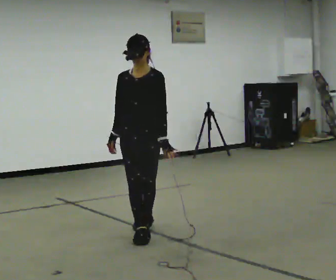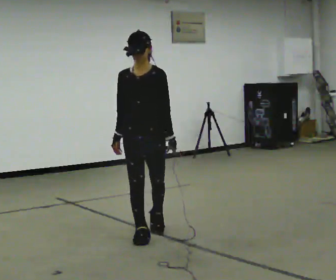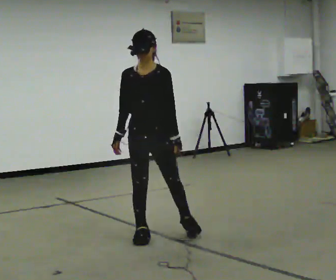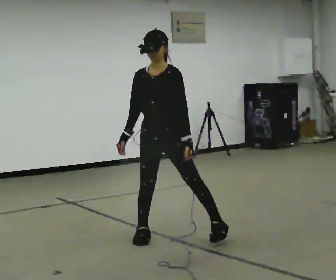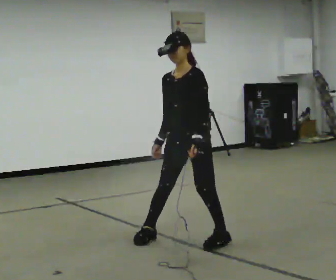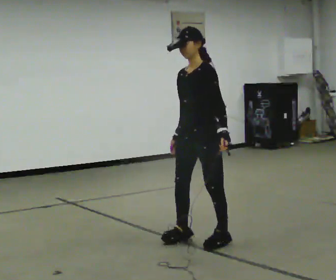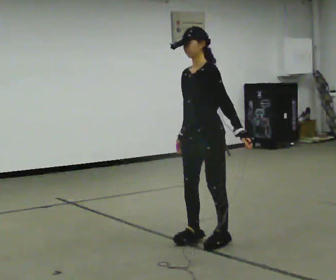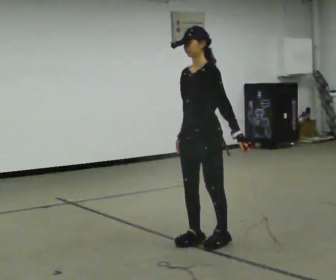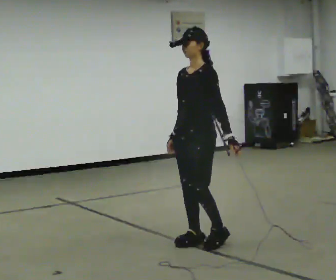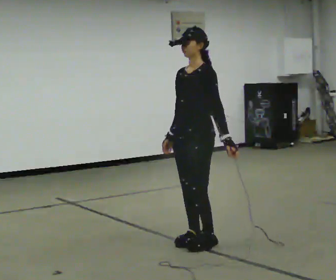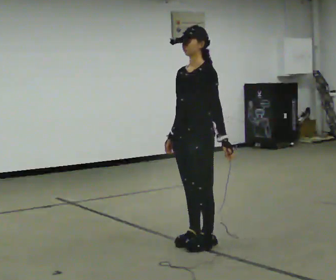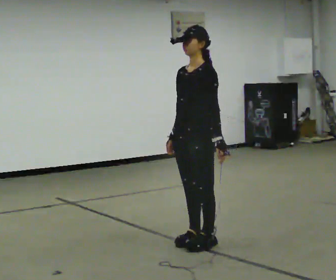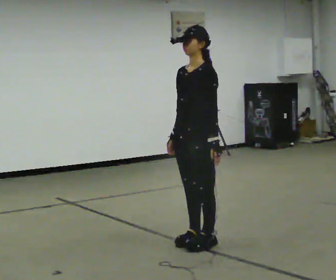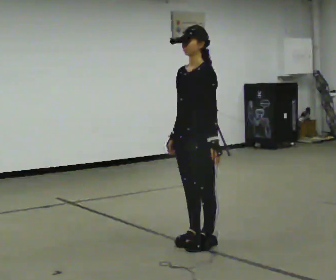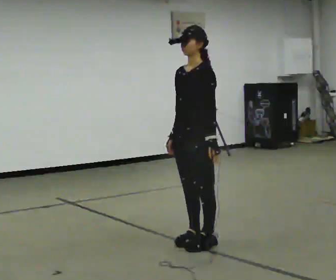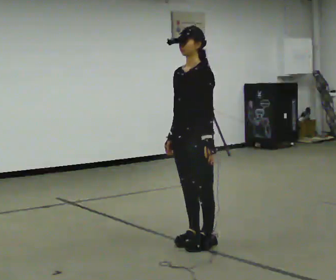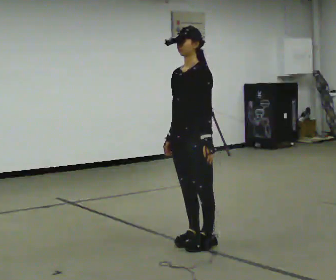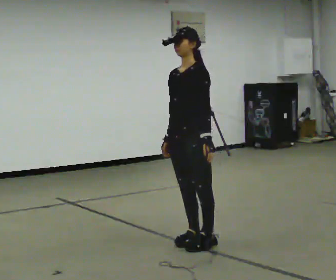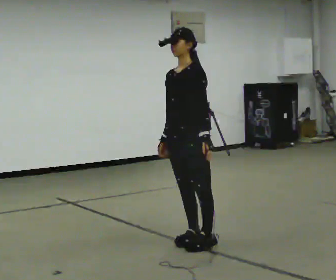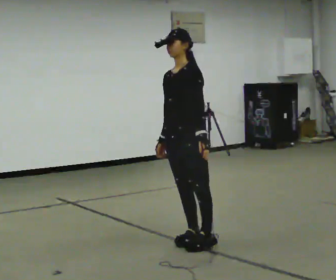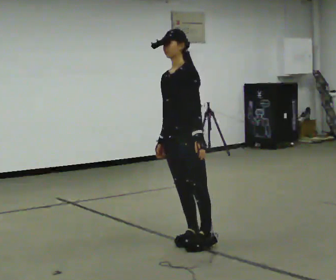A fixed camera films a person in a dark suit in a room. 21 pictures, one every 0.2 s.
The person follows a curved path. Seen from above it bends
counterclockwise.
0.0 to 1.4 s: The person turns about 45 degrees to their right, clockwise seen from above, so the part of the body nearest the lens slides to the left. In the picture they go to the right and toward the camera, about 0.5 m in 2 steps, which for them is to their left.
1.4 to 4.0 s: The person moves a little, or ends about where they began.
The film runs forward here.
